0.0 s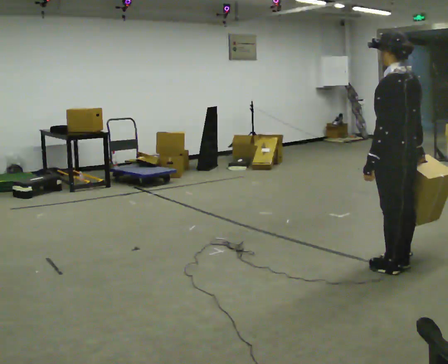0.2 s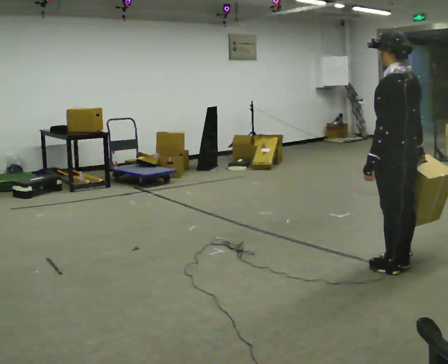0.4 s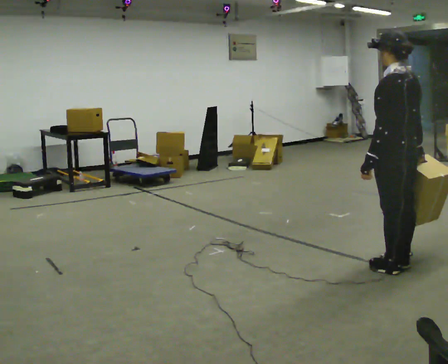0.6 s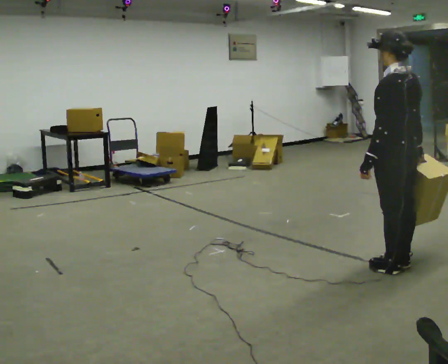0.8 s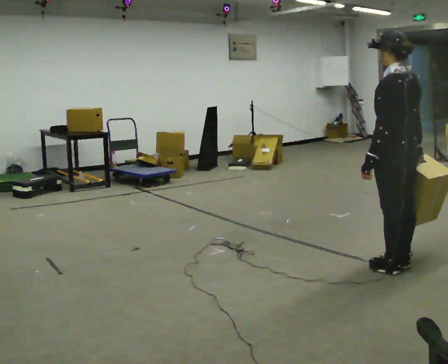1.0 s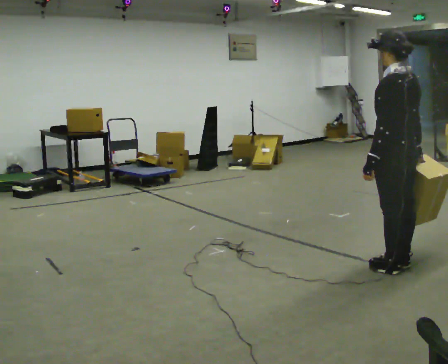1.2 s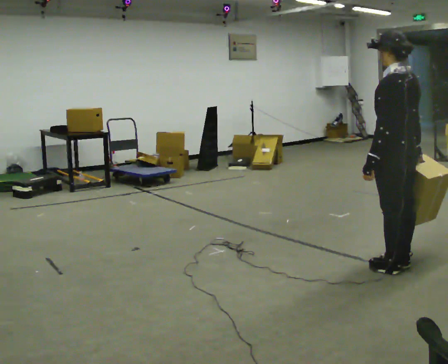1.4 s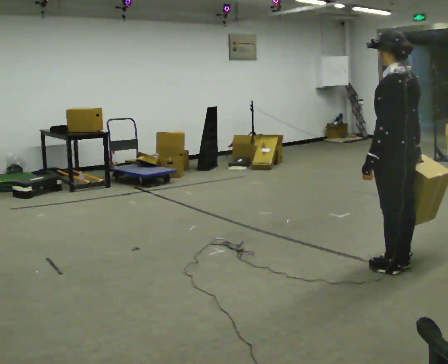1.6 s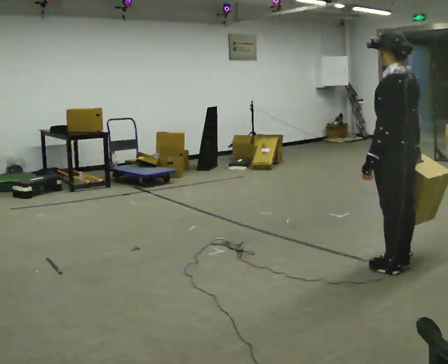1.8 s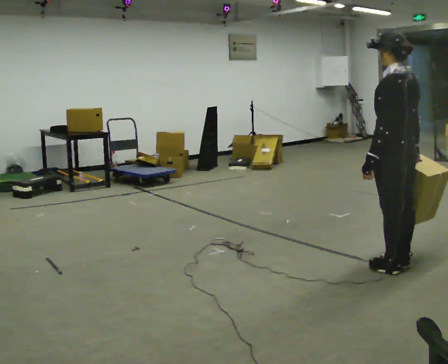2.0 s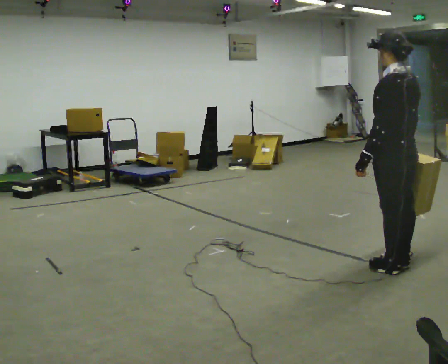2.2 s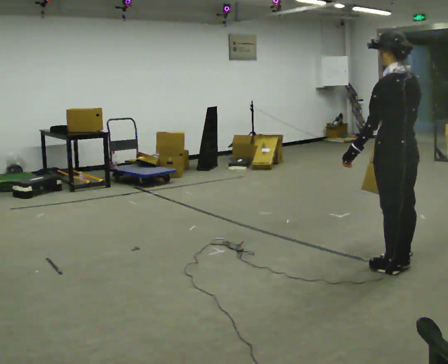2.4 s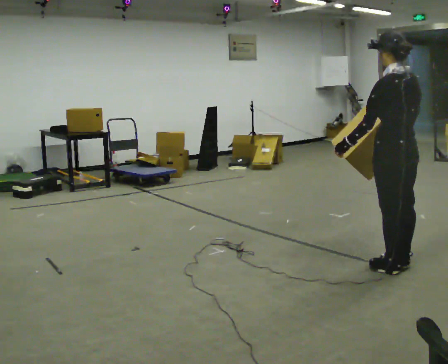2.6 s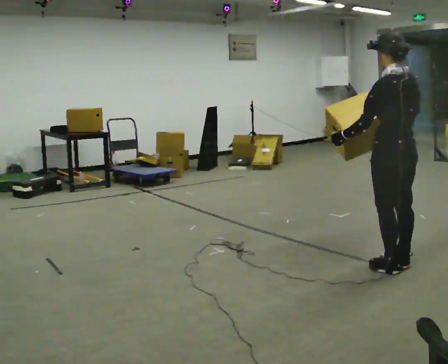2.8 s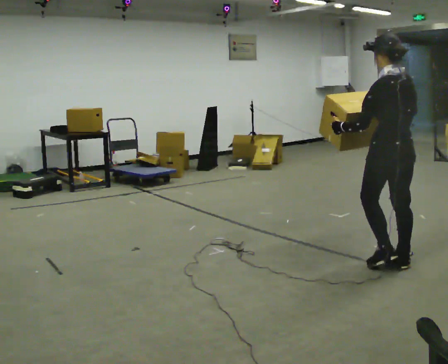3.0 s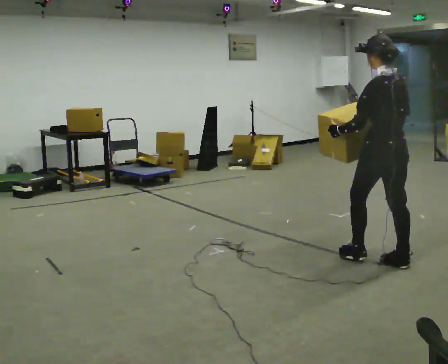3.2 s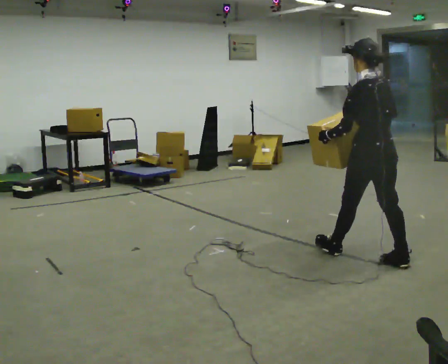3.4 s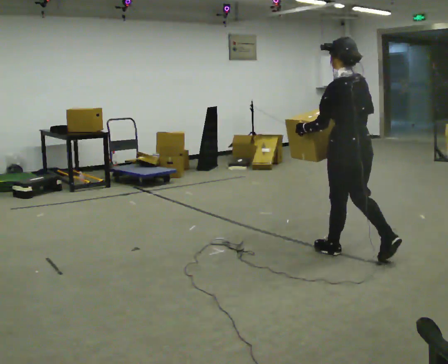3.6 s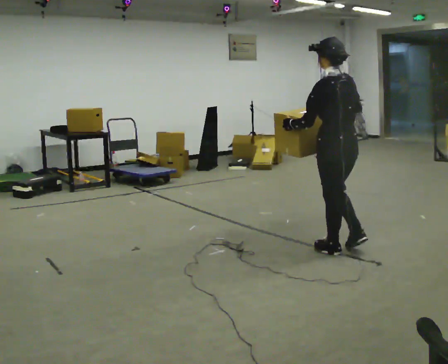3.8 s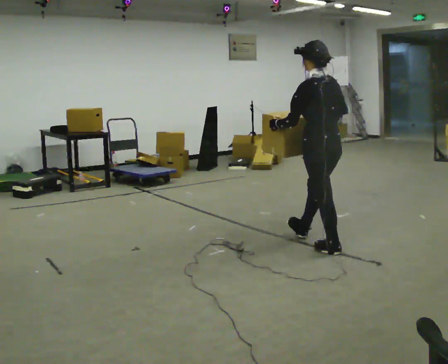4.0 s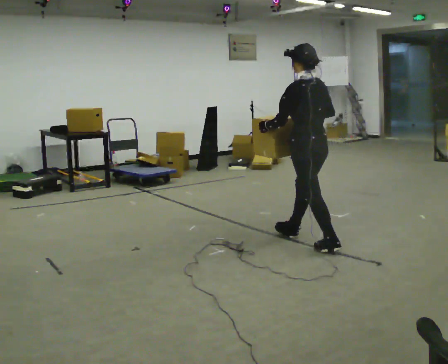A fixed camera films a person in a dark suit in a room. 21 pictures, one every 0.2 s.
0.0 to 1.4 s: The person keeps their place and pose.
1.4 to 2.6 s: The person moves a little, or ends about where they began.
2.6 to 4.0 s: In the picture they go to the left and away from the camera, about 1 m in 2 steps, which for them is forward.
The film runs forward here.
